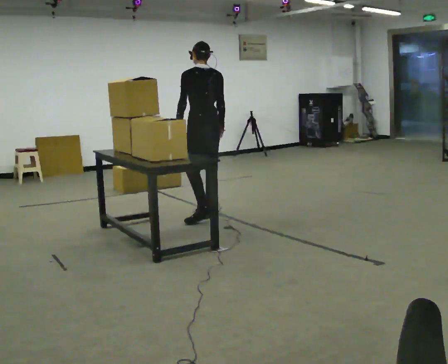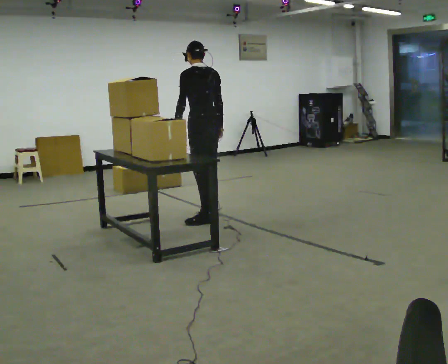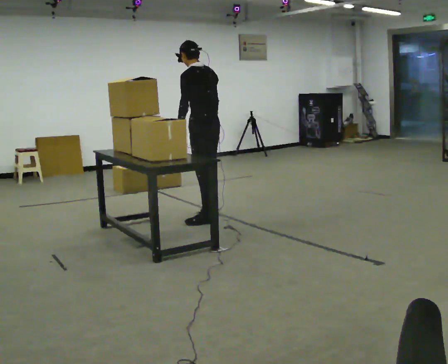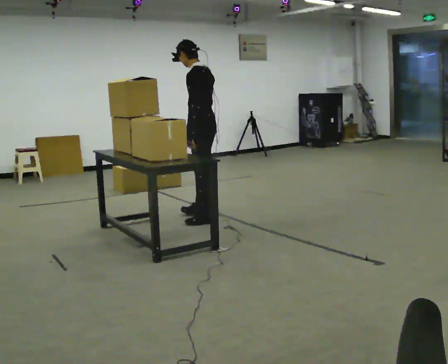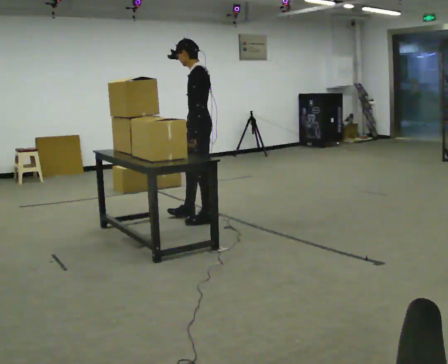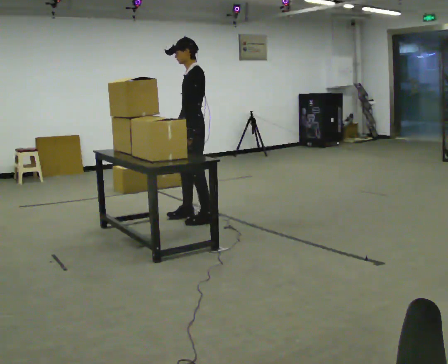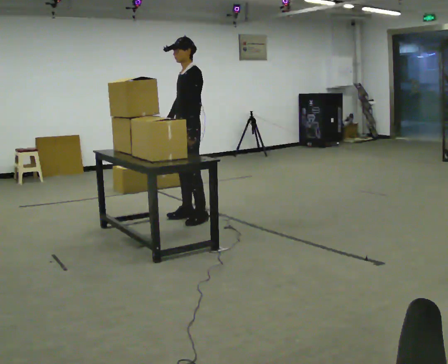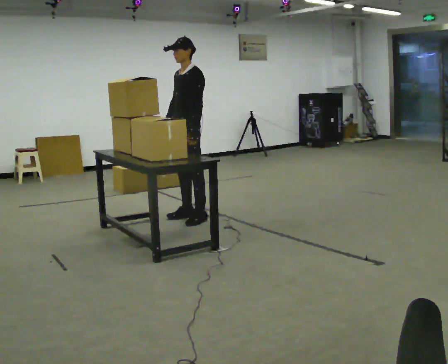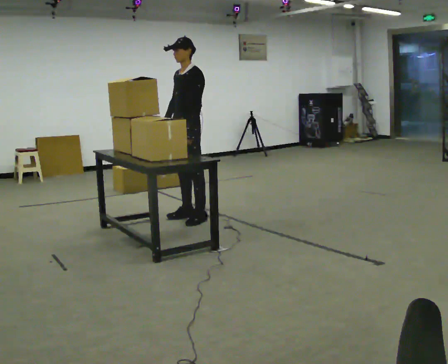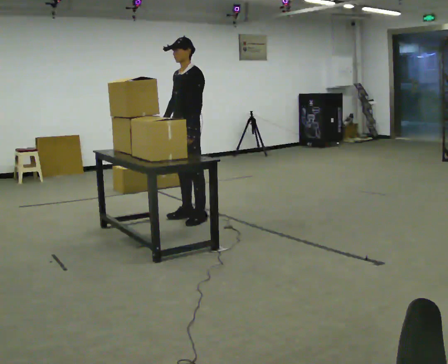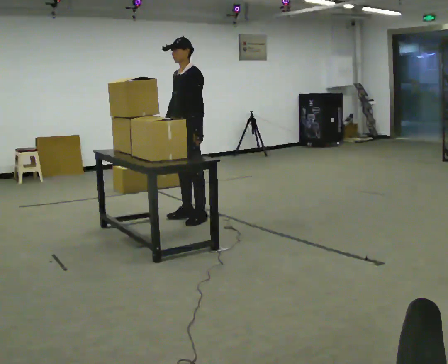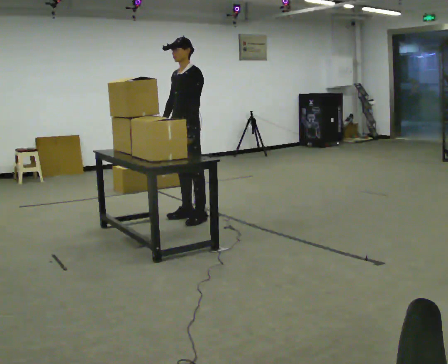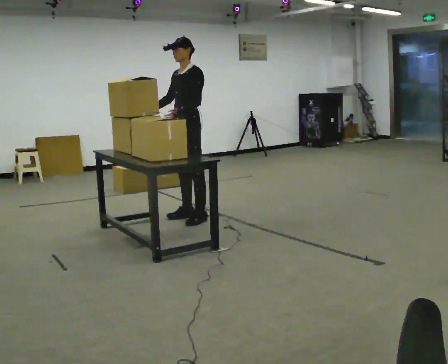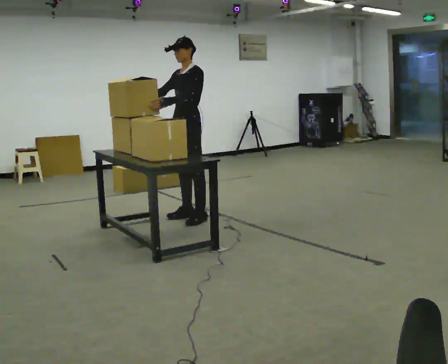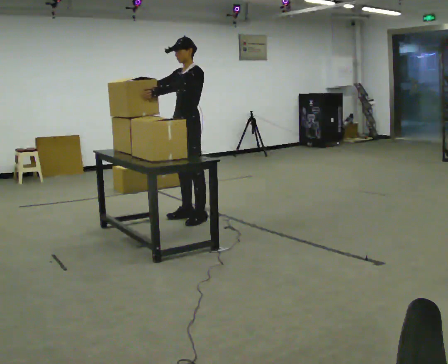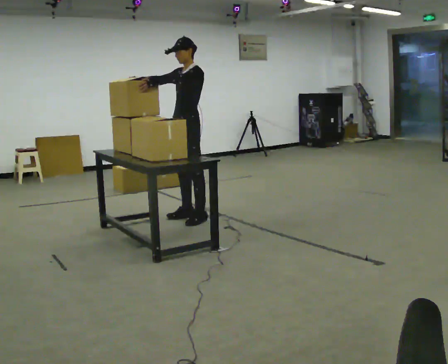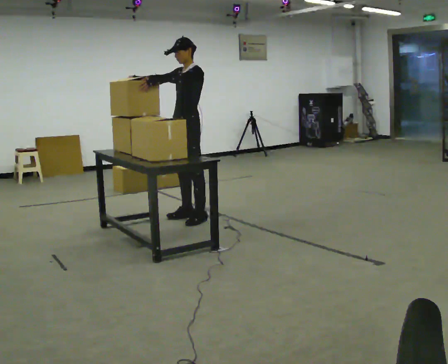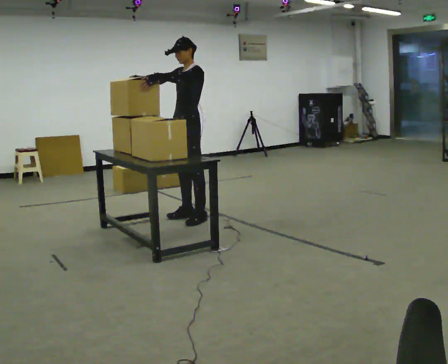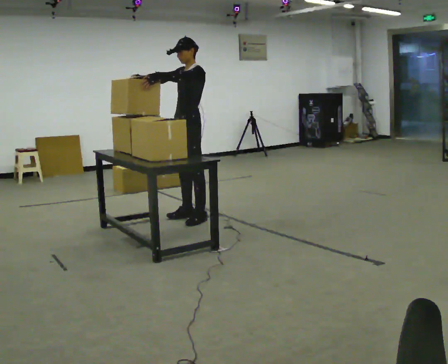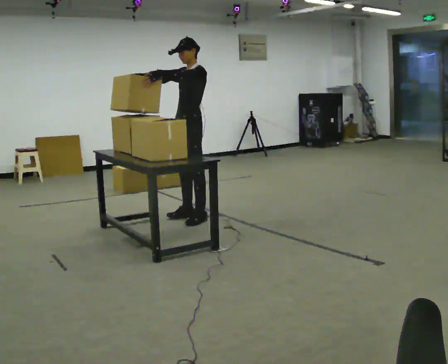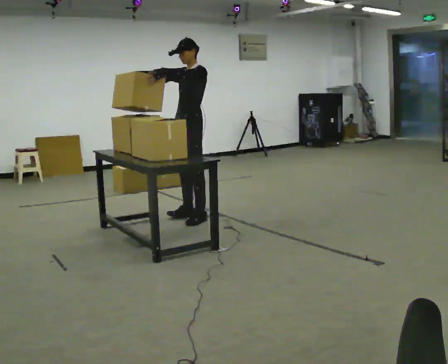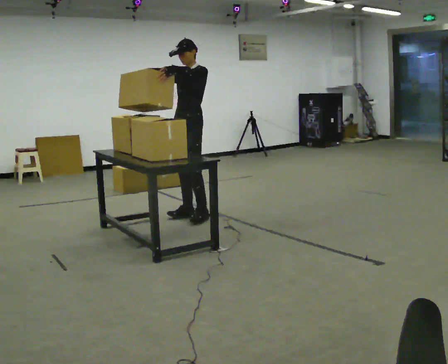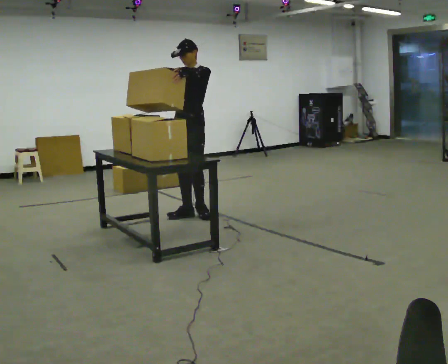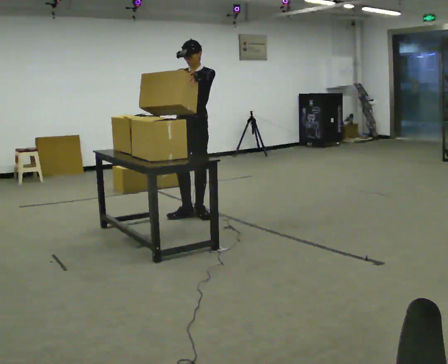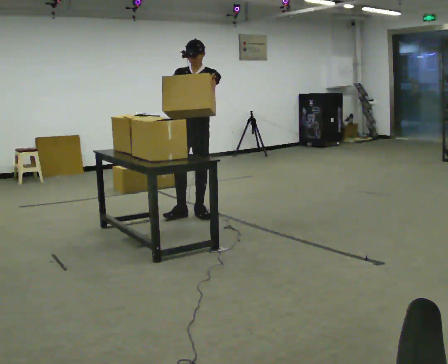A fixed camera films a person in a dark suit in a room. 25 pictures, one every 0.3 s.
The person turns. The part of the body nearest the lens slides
to the right.
The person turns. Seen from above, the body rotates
counterclockwise.
0.0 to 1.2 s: The person turns about 60 degrees to their left, counterclockwise seen from above, so the part of the body nearest the lens slides to the right. In the picture they go toward the camera, about 0.25 m in 1 step, which for them is to their left and backward.
1.2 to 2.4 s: The person turns about 45 degrees to their left, counterclockwise seen from above, so the part of the body nearest the lens slides to the right. In the picture their right hand goes to the left.
2.4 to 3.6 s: The person moves a little, or ends about where they began.
3.6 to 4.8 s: In the picture their right hand goes upward.
4.8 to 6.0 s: The person moves a little, or ends about where they began.
6.0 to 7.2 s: The part of the body nearest the lens slides to the right as the person turns to their left by about 45 degrees. In the picture their left hand goes to the right.
The film runs backward here.
